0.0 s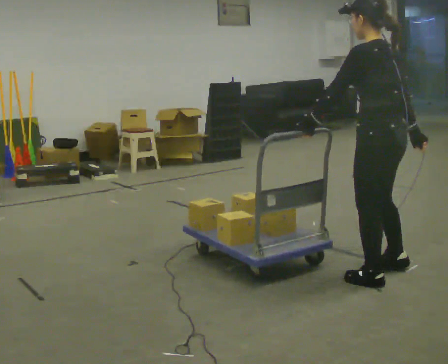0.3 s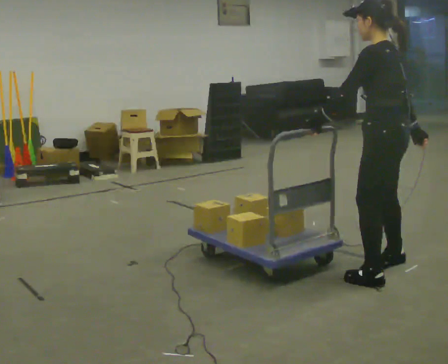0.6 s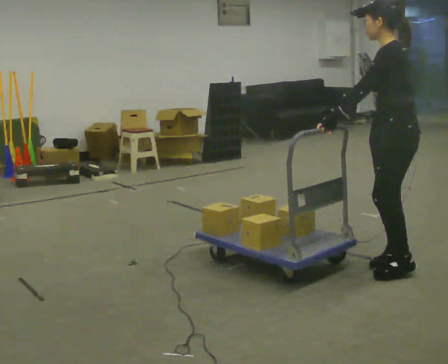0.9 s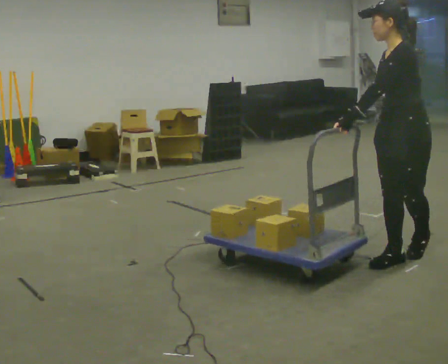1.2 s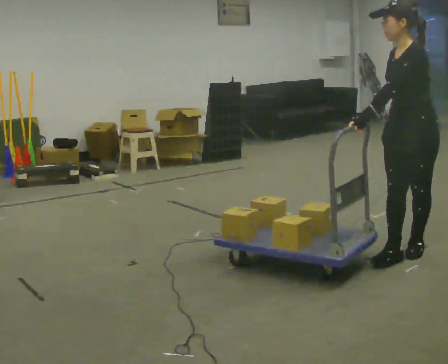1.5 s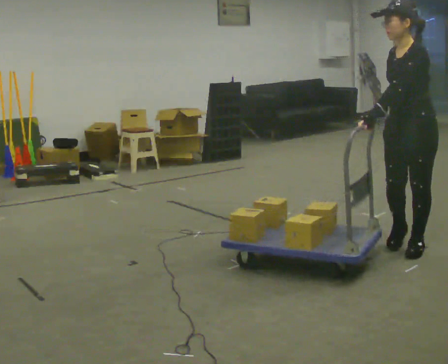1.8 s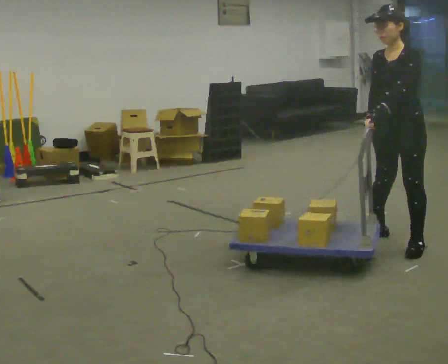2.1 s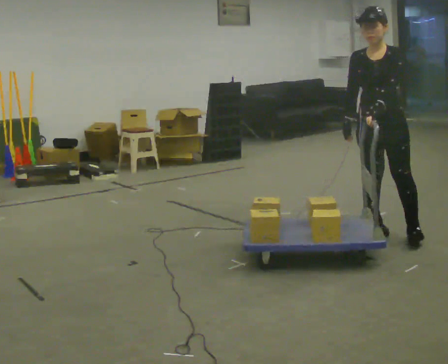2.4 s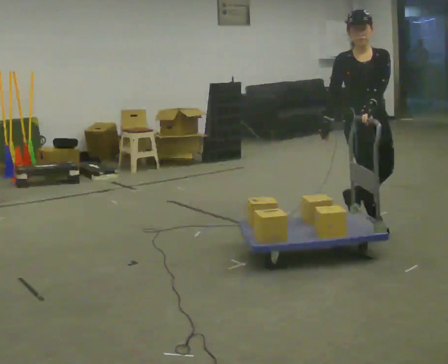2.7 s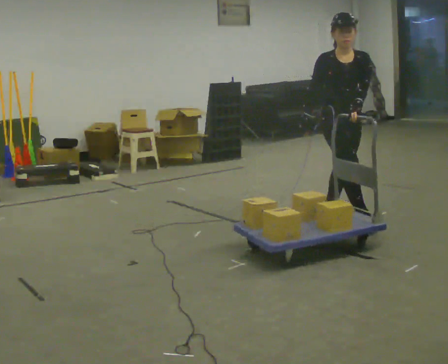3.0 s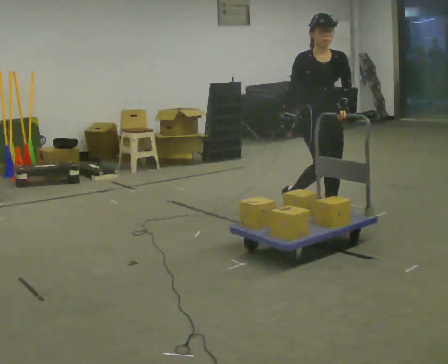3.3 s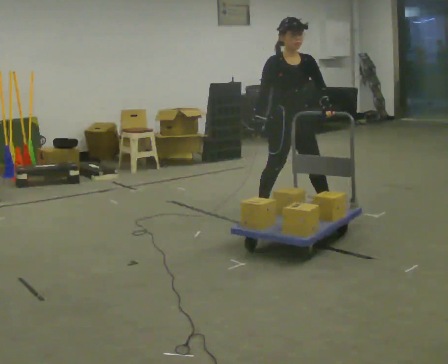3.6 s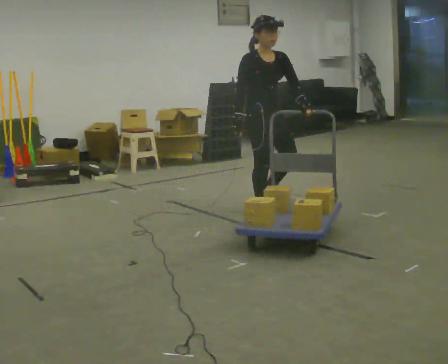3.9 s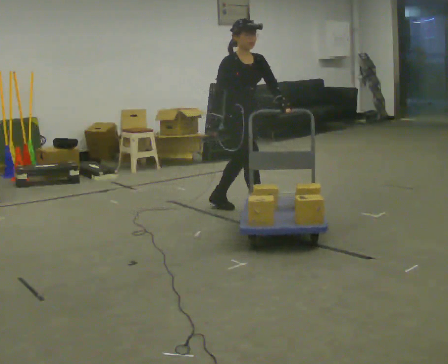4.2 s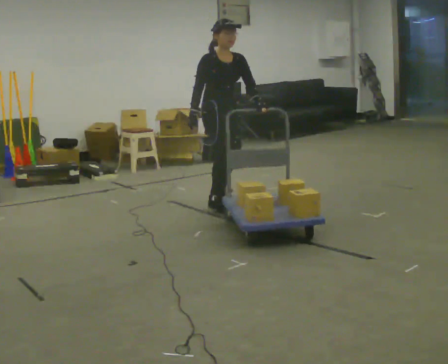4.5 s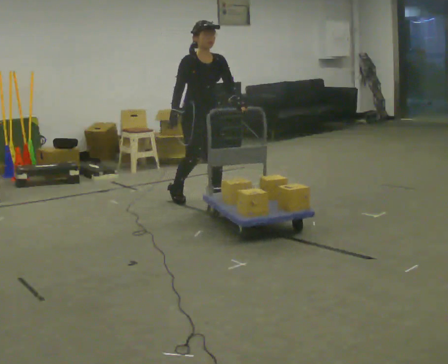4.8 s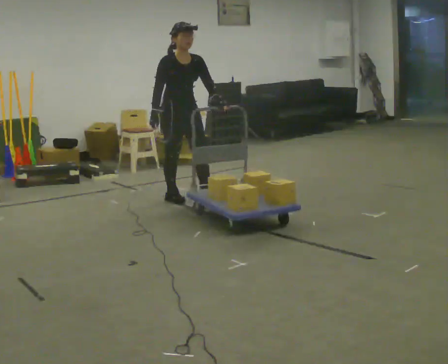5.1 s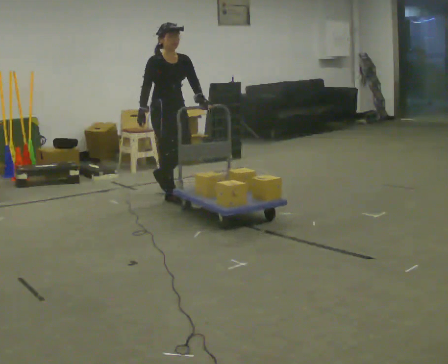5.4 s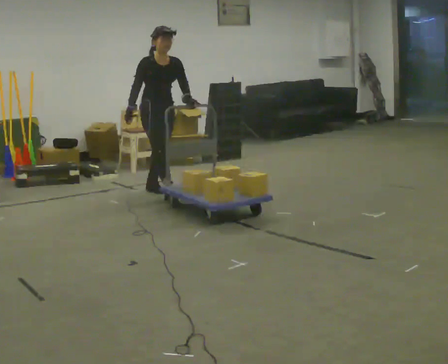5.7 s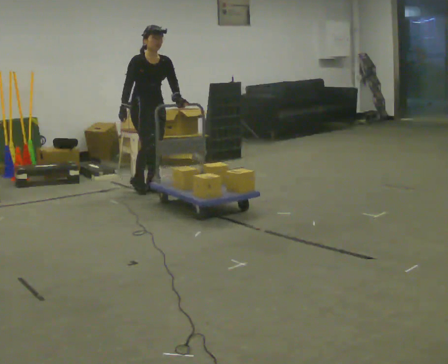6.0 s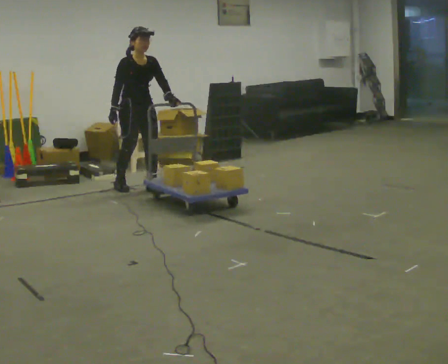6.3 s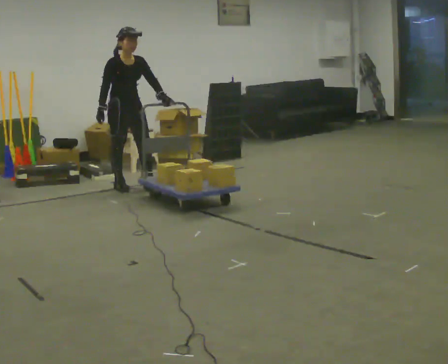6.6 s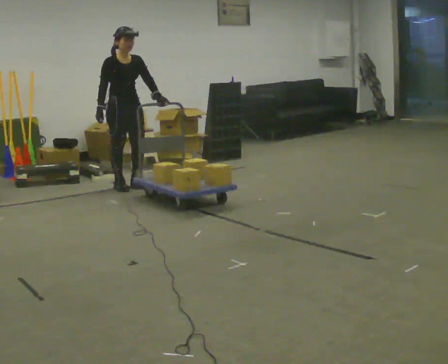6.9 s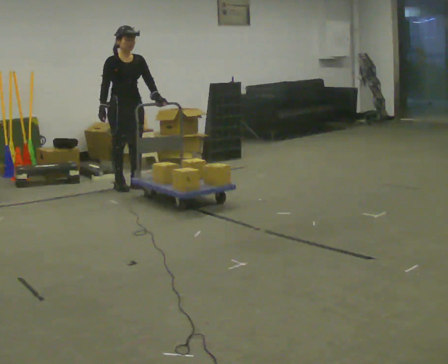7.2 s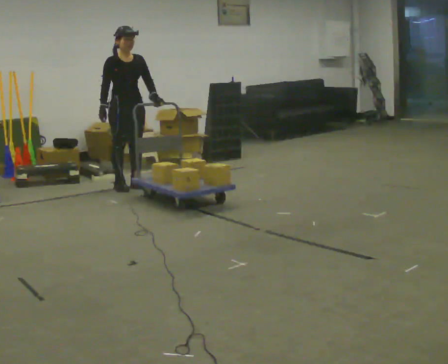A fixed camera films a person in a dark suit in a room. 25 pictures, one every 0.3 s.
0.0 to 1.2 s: Seen from above the body turns counterclockwise, about 75 degrees: to their left, with its near side sliding to the right. In the picture they go away from the camera and to the right, about 0.5 m in 2 steps.
1.2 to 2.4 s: Seen from above the body turns counterclockwise, about 75 degrees: to their left, with its near side sliding to the right. In the picture they go away from the camera, about 0.75 m in 1 step.
2.4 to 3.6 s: The part of the body nearest the lens slides to the right as the person turns to their left by about 30 degrees. In the picture they go to the left and away from the camera, about 1 m in 2 steps, which for them is backward and to their right.
3.6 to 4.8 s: In the picture they go to the left and away from the camera, about 1 m in 2 steps, which for them is backward.
4.8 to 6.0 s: In the picture they go to the left and away from the camera, about 0.75 m in 1 step, which for them is backward.
6.0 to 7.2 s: The person moves a little, or ends about where they began.
The film runs backward here.
